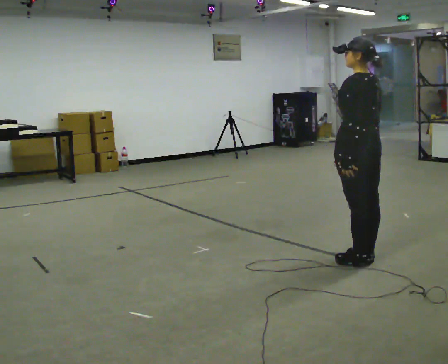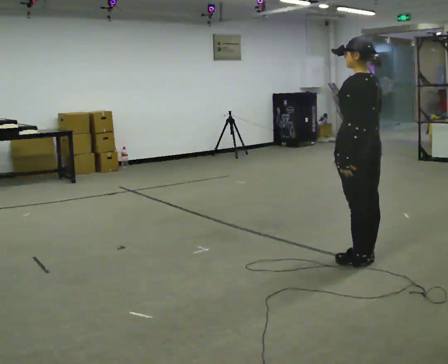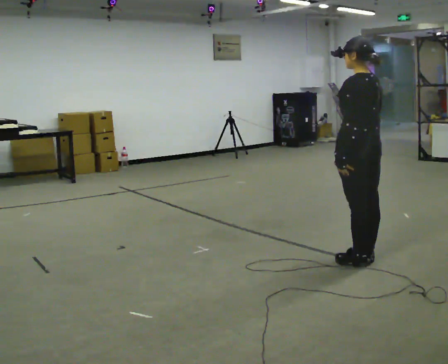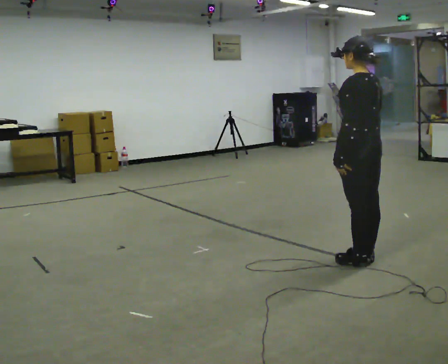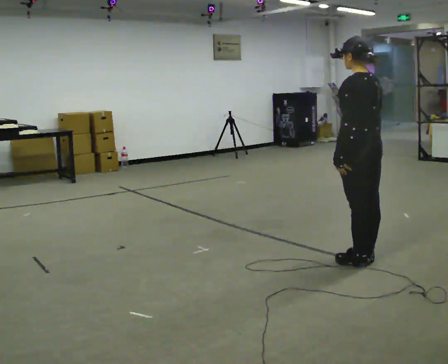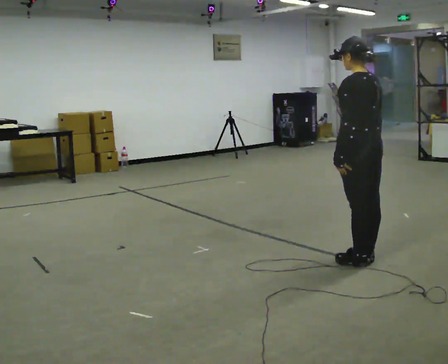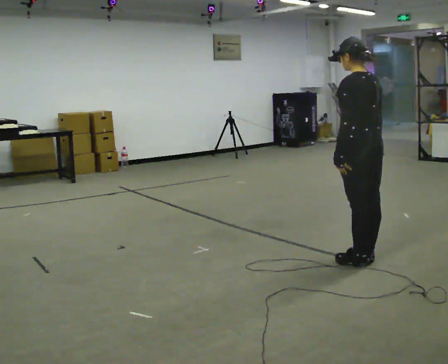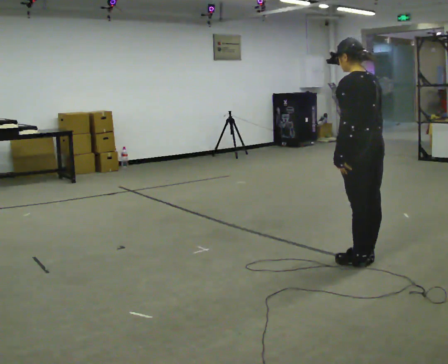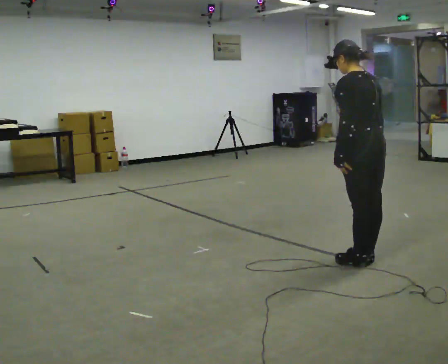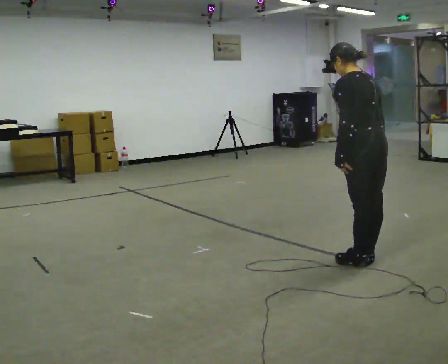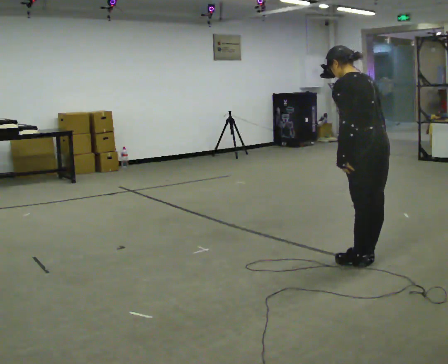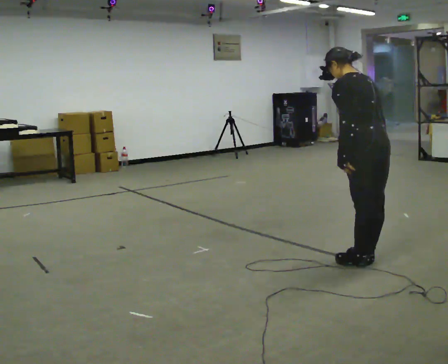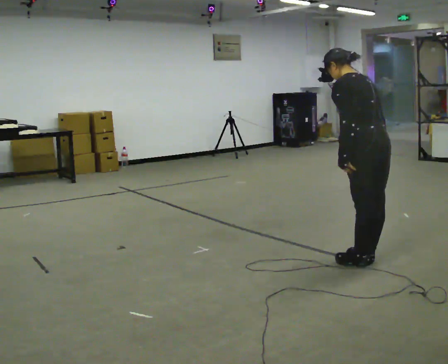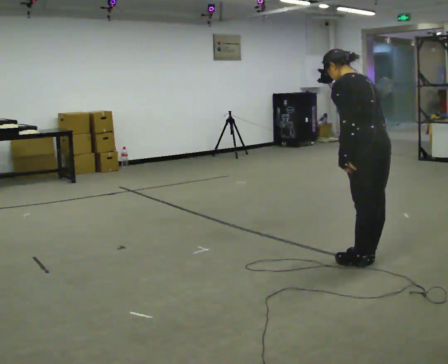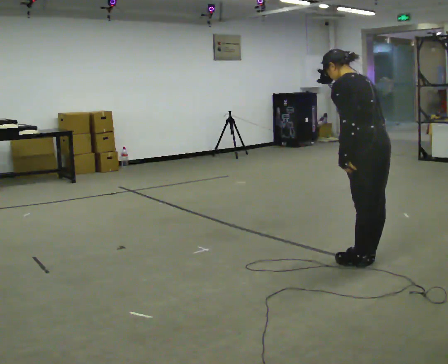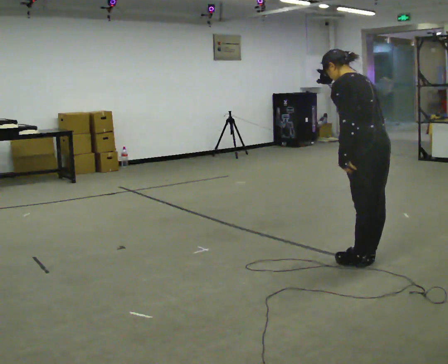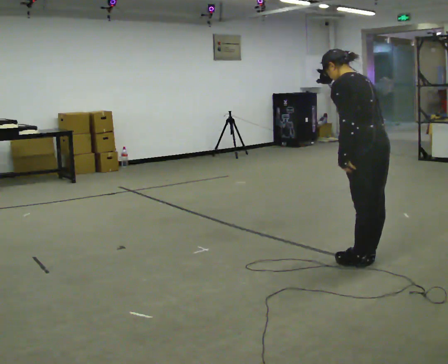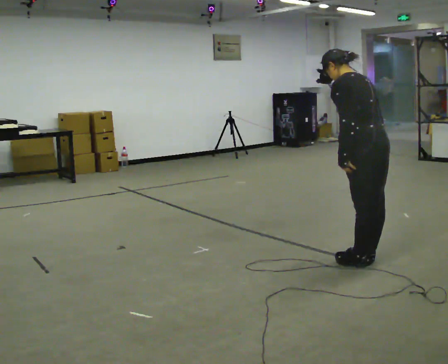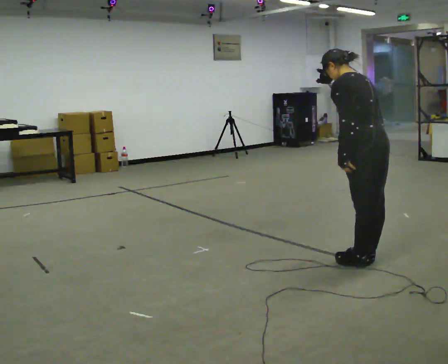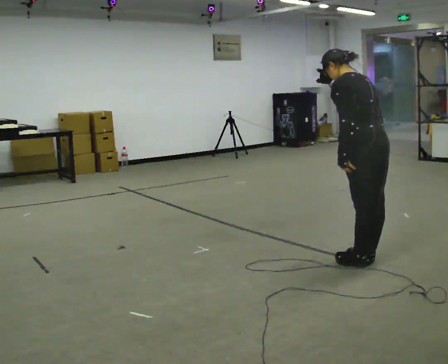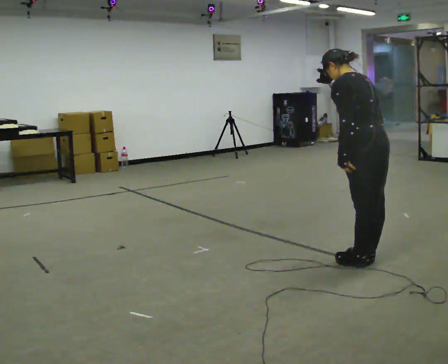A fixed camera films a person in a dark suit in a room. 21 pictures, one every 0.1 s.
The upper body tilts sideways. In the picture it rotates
counterclockwise.
0.0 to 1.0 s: In the picture the upper body tilts counterclockwise, shoulders to the left, as they bend forward.
1.0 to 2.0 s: The person keeps their place and pose.
The film runs forward here.
